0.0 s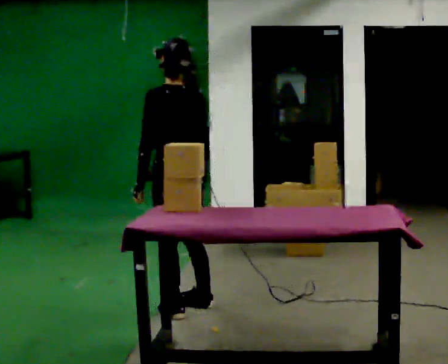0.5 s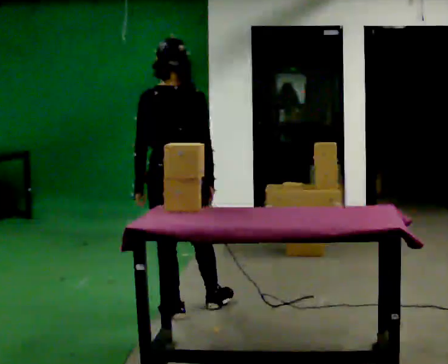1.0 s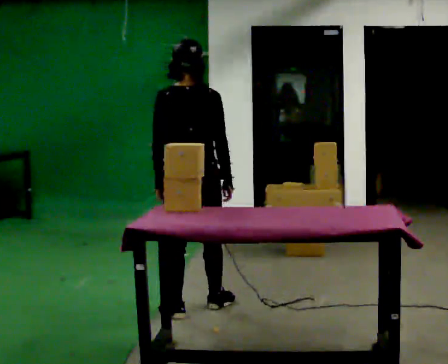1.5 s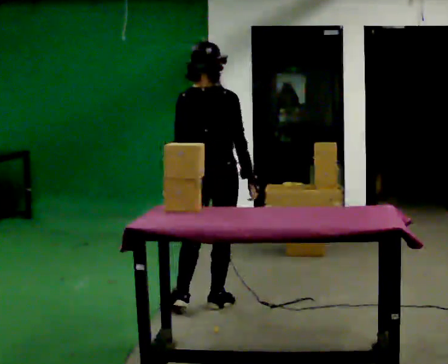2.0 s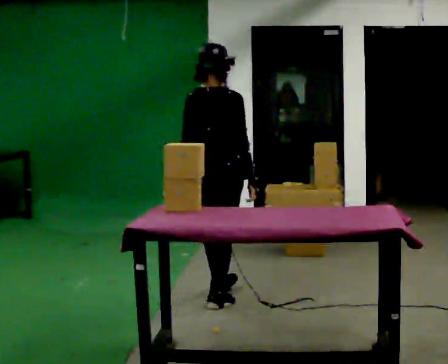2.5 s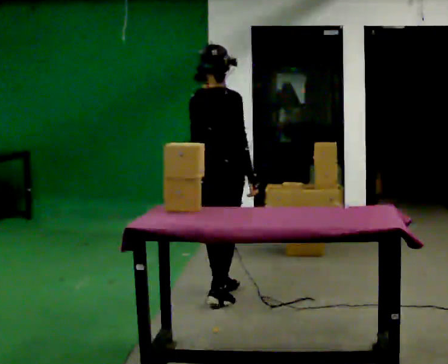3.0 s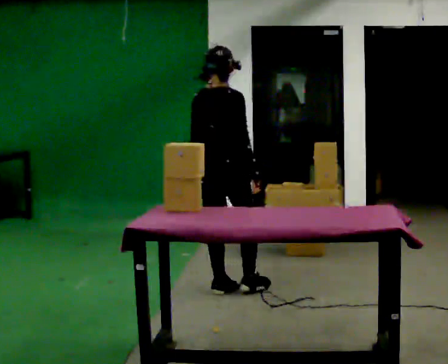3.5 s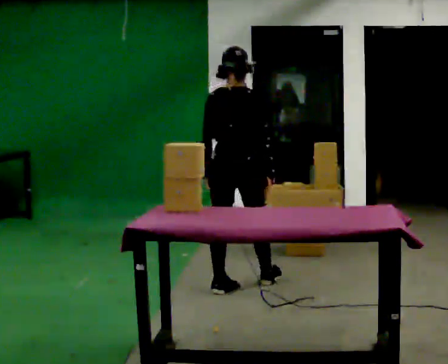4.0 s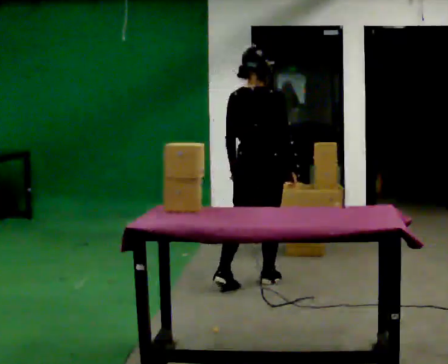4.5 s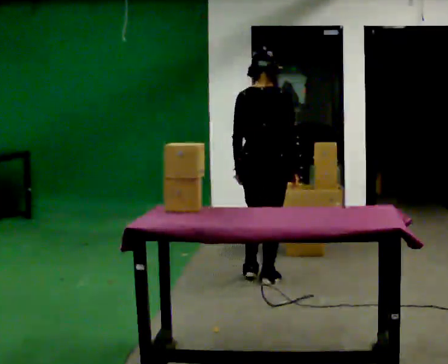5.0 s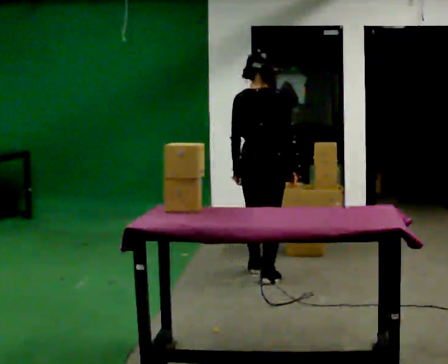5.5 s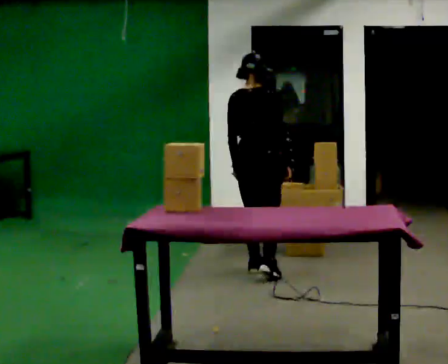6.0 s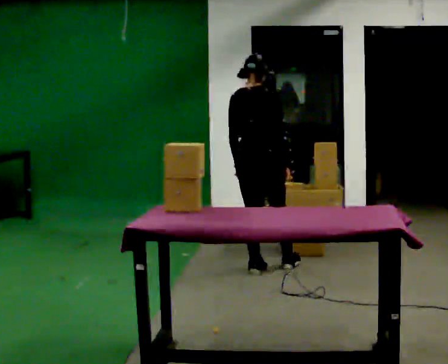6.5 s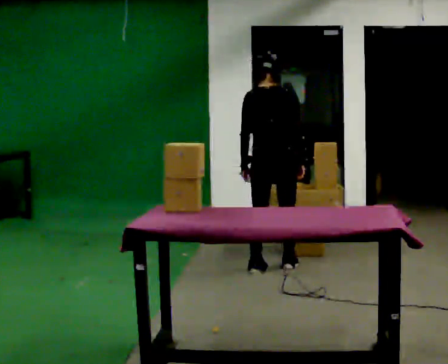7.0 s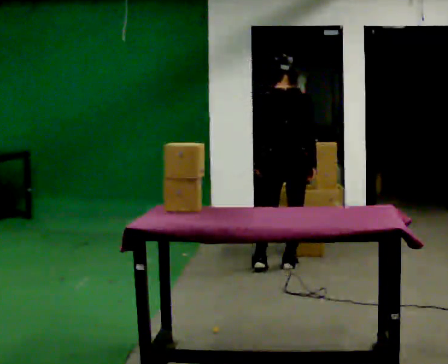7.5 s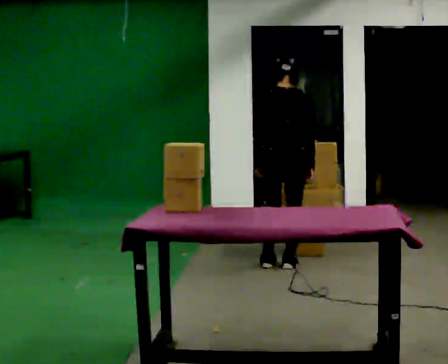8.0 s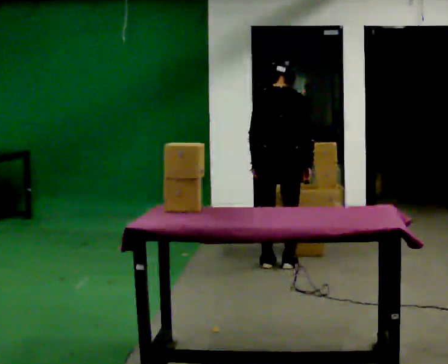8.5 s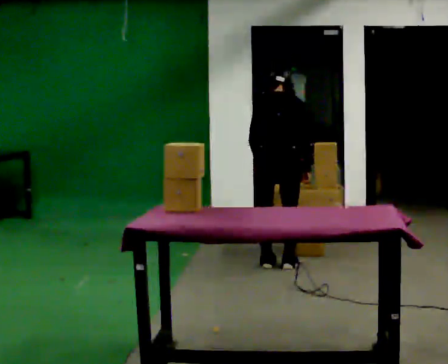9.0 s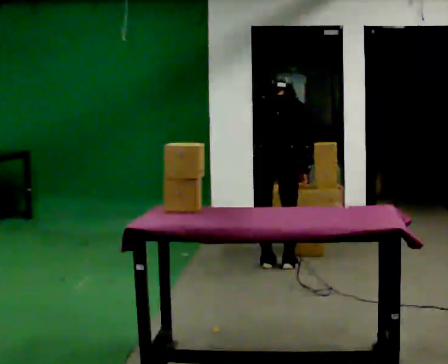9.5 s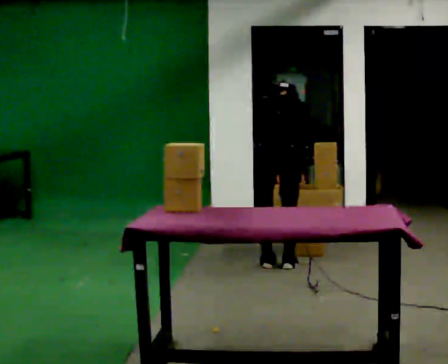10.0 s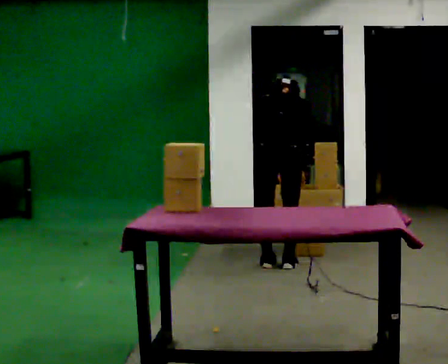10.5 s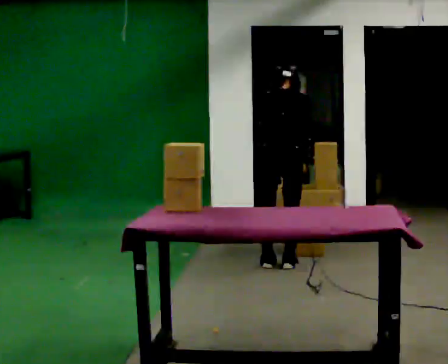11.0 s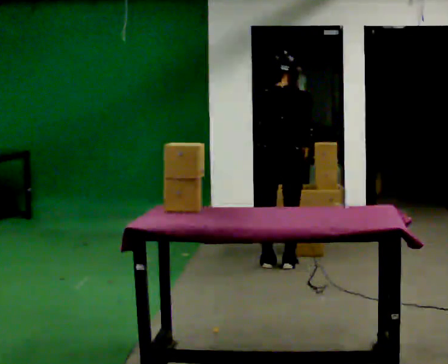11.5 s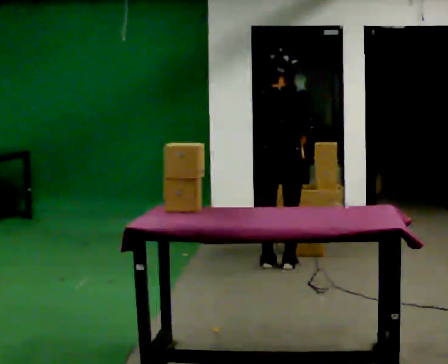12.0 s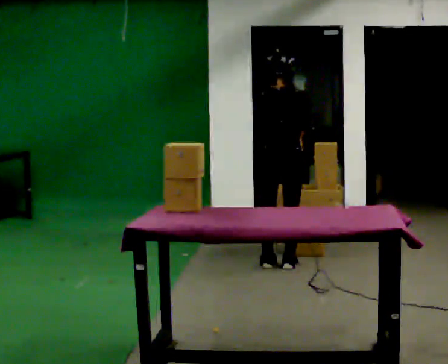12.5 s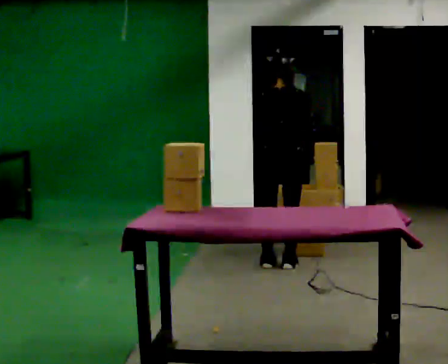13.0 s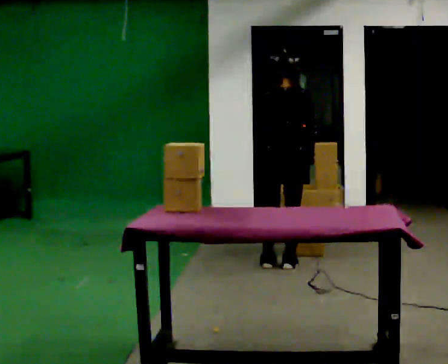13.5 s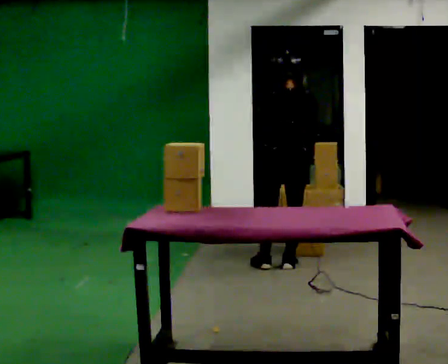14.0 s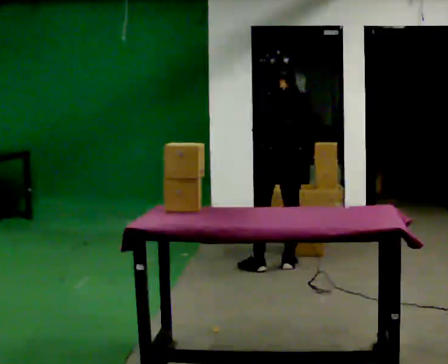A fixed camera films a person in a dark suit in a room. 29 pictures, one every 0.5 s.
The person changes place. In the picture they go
away from the camera.
0.0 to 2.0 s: Seen from above the body turns clockwise, about 60 degrees: to their right, with its near side sliding to the left. In the picture they go away from the camera and to the right, about 0.25 m in 1 step.
2.0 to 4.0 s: In the picture they go away from the camera and to the right, about 0.5 m in 1 step, which for them is forward.
4.0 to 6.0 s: In the picture they go away from the camera, about 0.25 m in 2 steps, which for them is forward.
6.0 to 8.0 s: The person moves a little, or ends about where they began.
8.0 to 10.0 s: The upper body tips away from the camera, its near side rolling upward, as they bend forward.
10.0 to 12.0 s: The upper body tips toward the camera, its near side rolling downward, as they lean back or straighten.
12.0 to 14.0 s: Seen from above the body turns counterclockwise, about 30 degrees: to their left, with its near side sliding to the right.
The film runs forward here.
